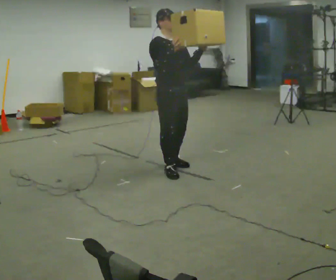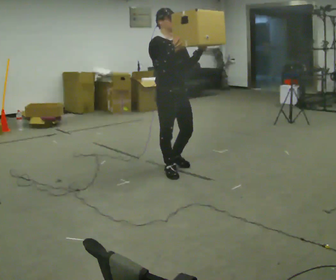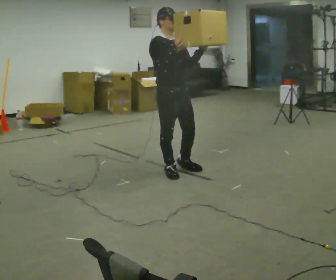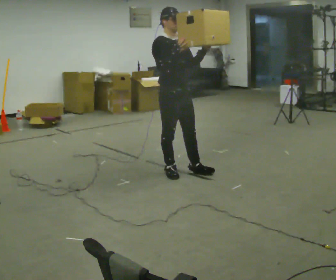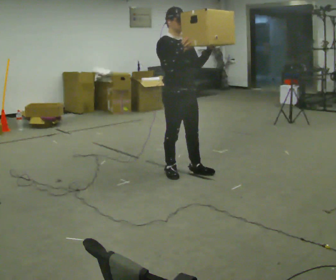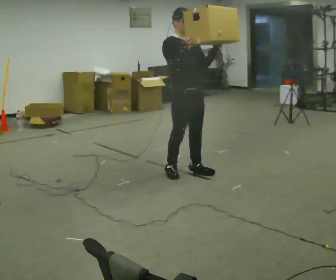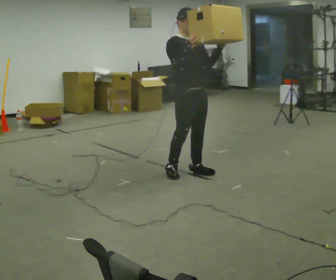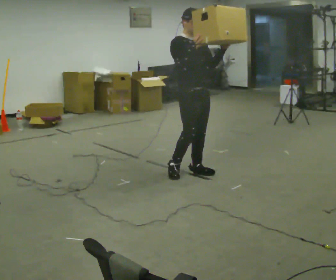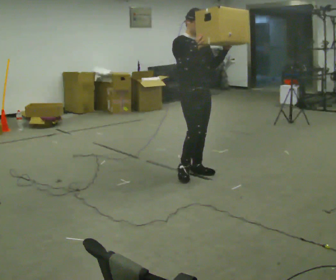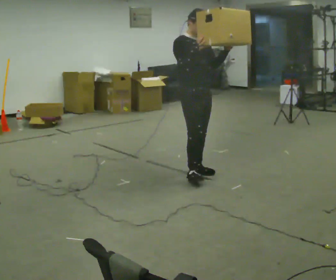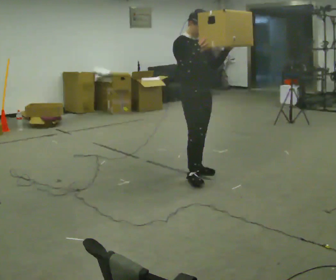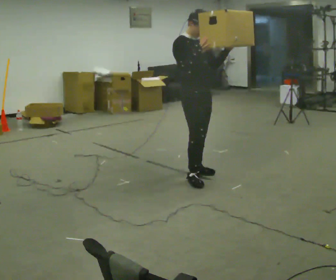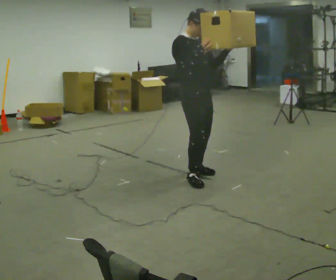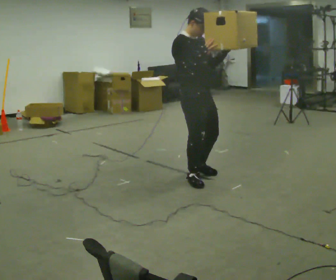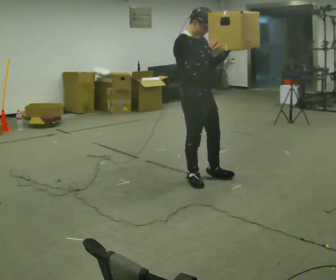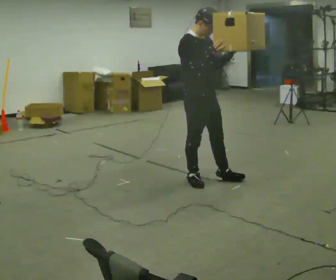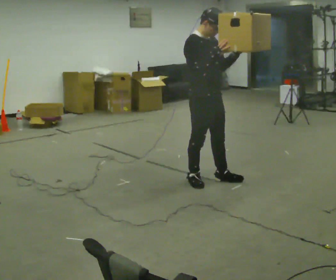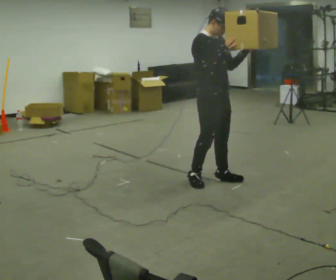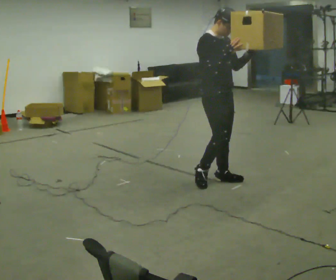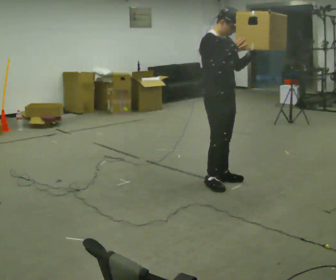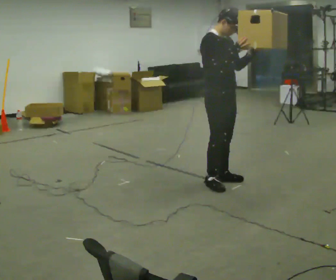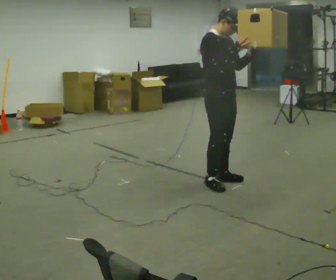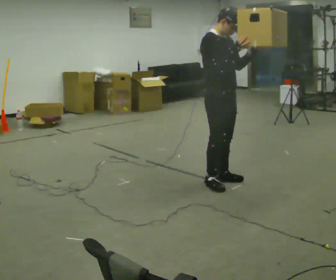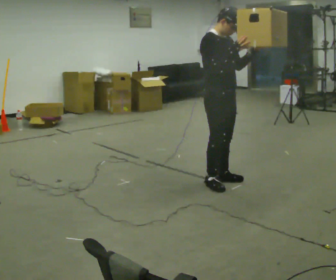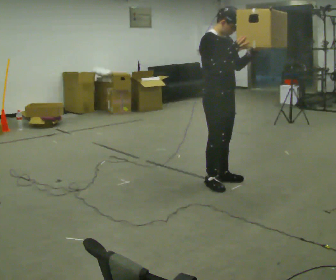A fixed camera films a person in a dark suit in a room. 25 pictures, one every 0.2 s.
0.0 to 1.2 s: In the picture they go to the right, about 0.25 m in 1 step, which for them is forward.
1.2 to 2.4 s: In the picture they go toward the camera, about 0.25 m in 1 step, which for them is forward.
2.4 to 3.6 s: In the picture they go to the right, about 0.25 m in 1 step, which for them is forward.
3.6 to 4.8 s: The person moves a little, or ends about where they began.
The film runs forward here.
